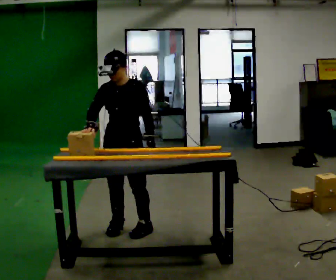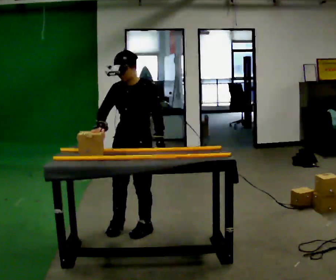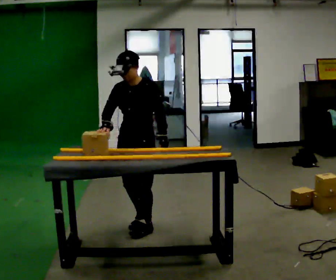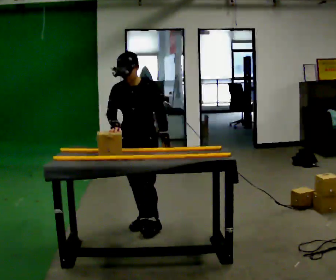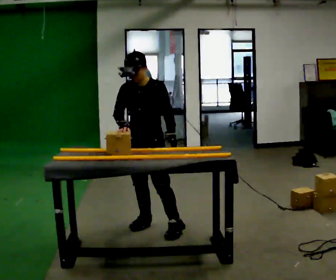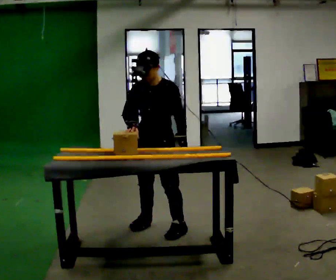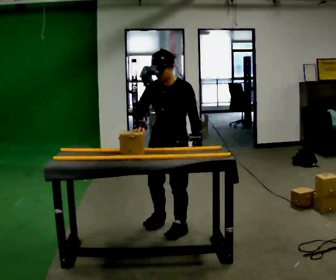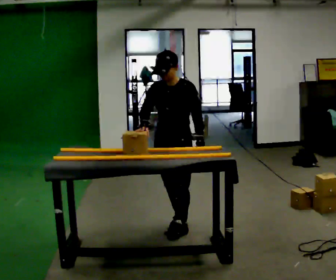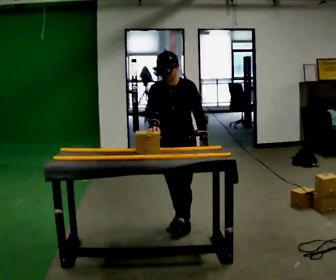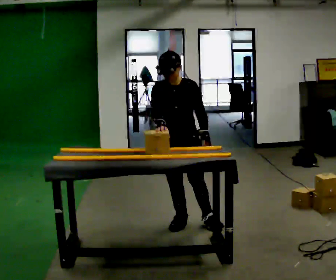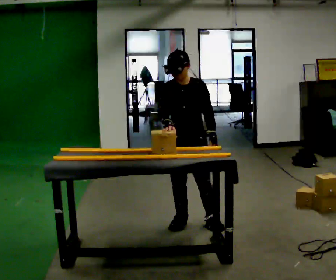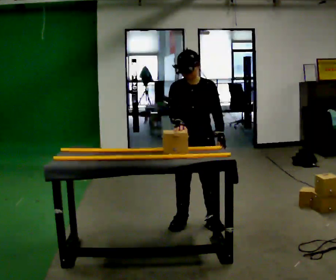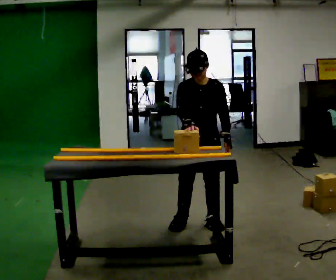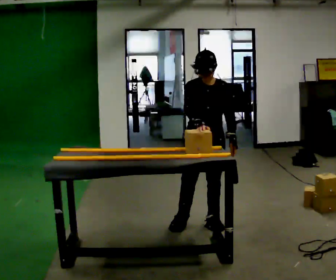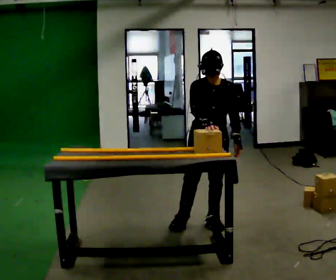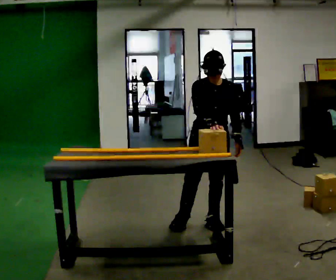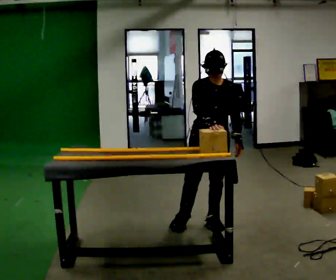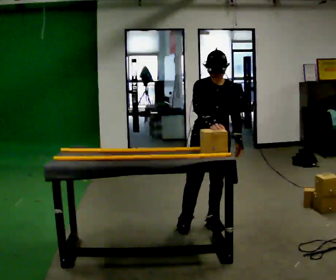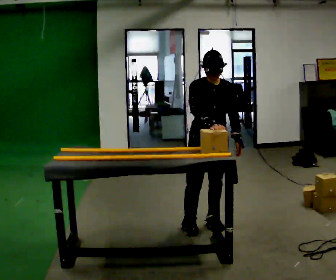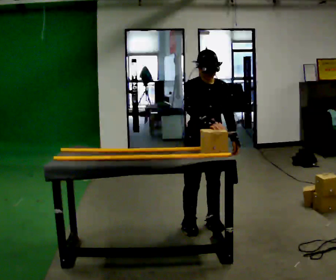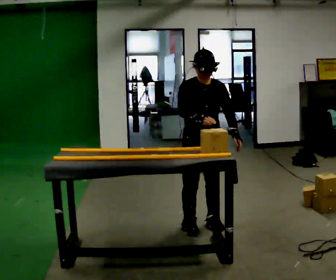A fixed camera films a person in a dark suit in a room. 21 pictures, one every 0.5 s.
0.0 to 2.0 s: In the picture they go to the right, about 0.25 m in 2 steps, which for them is backward.
2.0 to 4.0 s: In the picture they go to the right, about 0.25 m in 2 steps, which for them is to their left and backward.
4.0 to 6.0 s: In the picture they go to the right, about 0.25 m, which for them is to their left.
6.0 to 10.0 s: The person moves a little, or ends about where they began.
The film runs backward here.
